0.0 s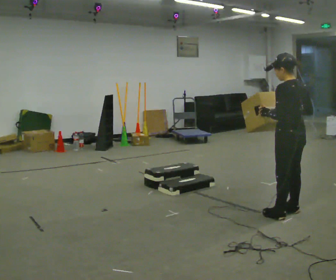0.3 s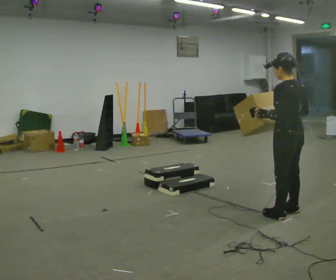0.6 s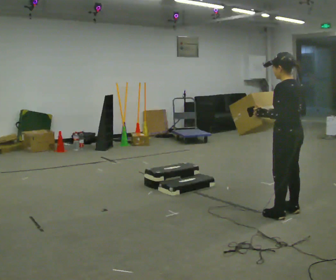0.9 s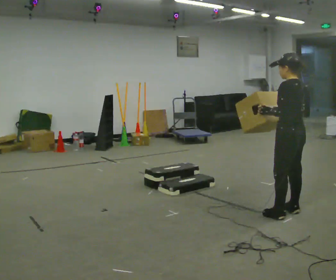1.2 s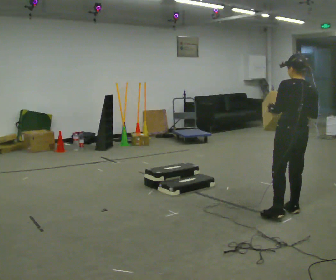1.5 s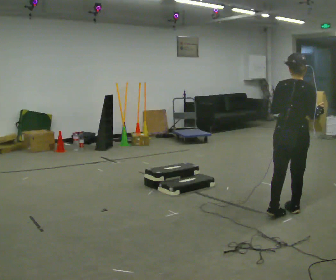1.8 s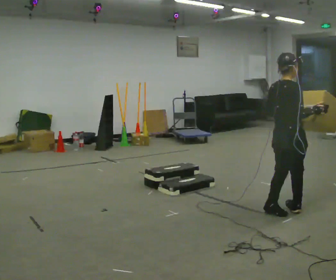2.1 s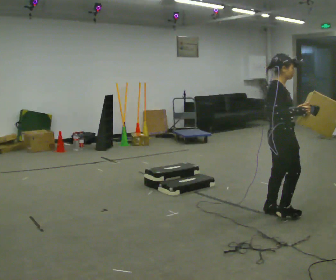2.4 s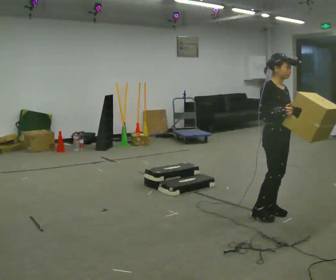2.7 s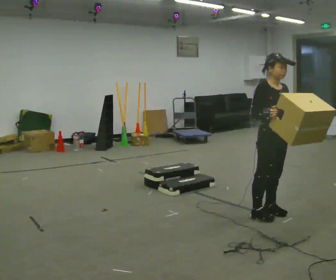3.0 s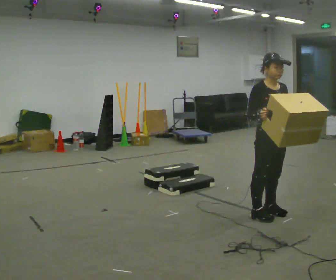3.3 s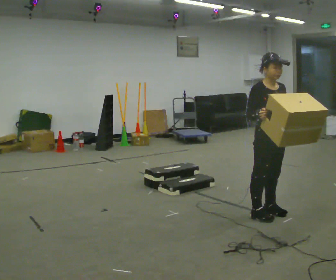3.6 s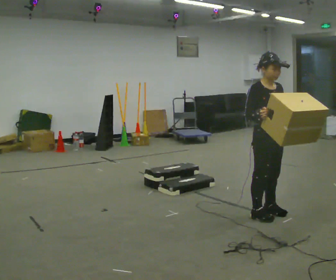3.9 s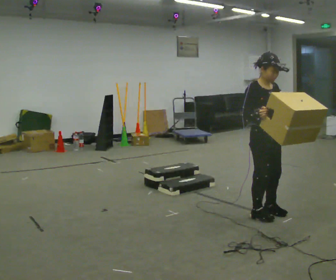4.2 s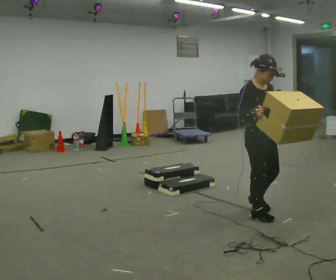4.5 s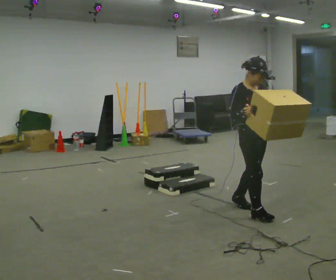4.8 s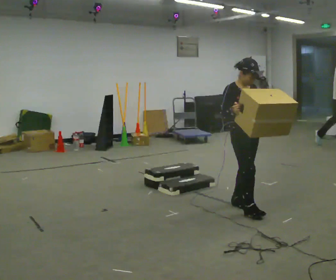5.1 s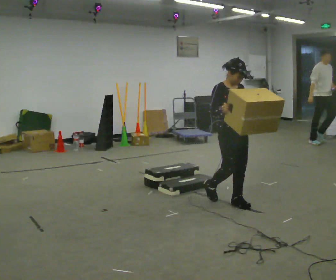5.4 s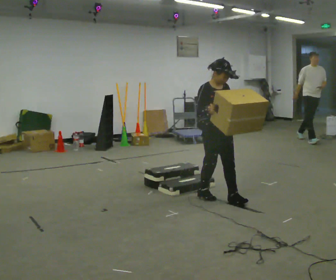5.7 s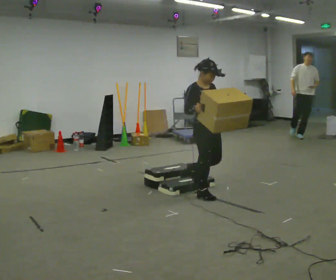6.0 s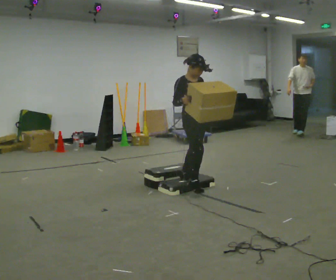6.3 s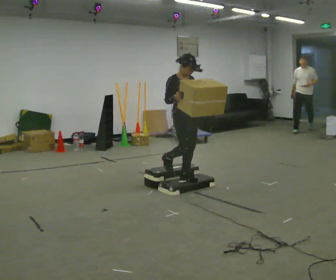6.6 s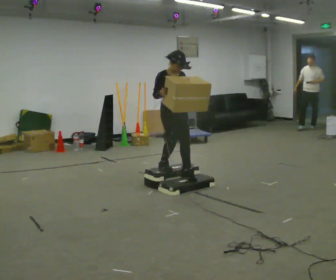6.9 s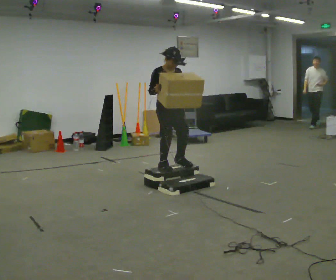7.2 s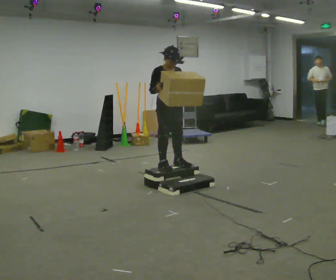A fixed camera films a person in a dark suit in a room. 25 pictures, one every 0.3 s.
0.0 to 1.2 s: The person moves a little, or ends about where they began.
1.2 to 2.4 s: Seen from above the body turns clockwise, about 135 degrees: to their right, with its near side sliding to the left. In the picture they go to the left, about 0.25 m in 2 steps. In the picture their right hand goes to the left.
2.4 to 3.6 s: The person moves a little, or ends about where they began.
3.6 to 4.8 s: In the picture they go away from the camera and to the left, about 0.25 m in 2 steps, which for them is backward.
4.8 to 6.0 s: In the picture they go away from the camera and to the left, about 1 m in 2 steps, which for them is backward.
6.0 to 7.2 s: In the picture they go to the left and away from the camera, about 0.5 m in 1 step, which for them is backward.
The film runs backward here.
